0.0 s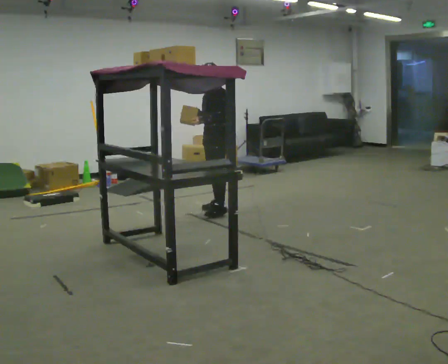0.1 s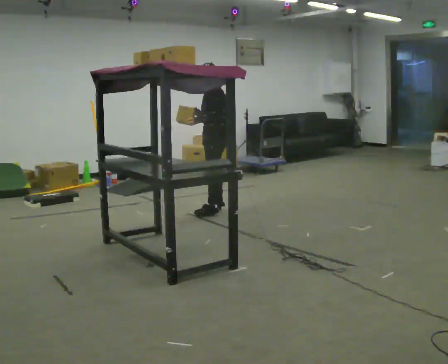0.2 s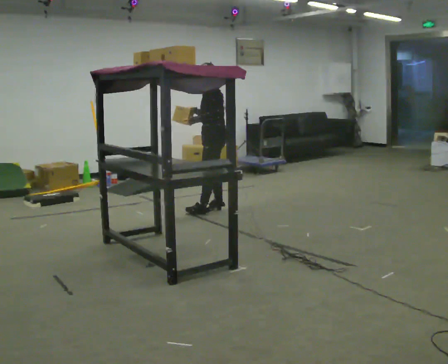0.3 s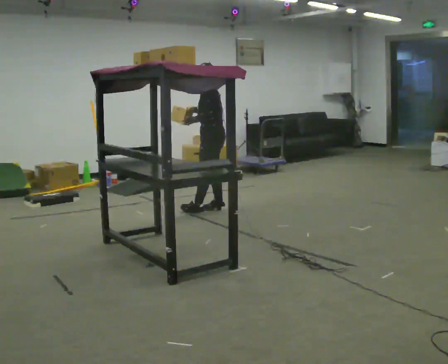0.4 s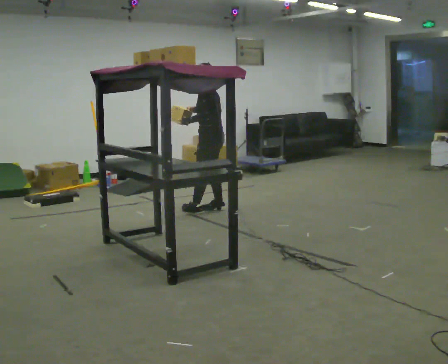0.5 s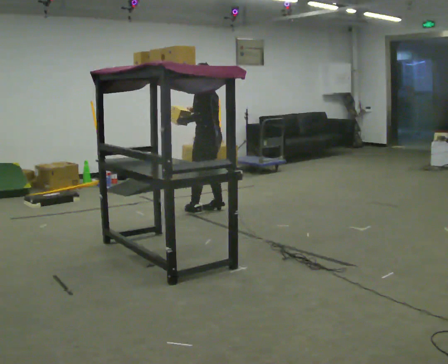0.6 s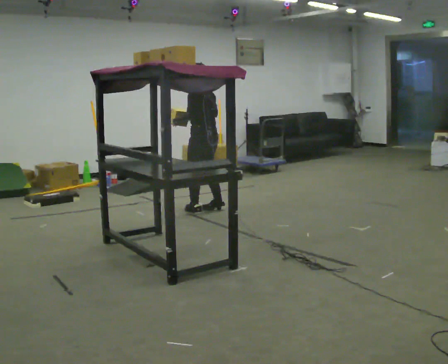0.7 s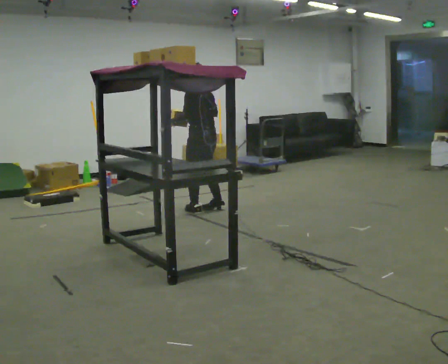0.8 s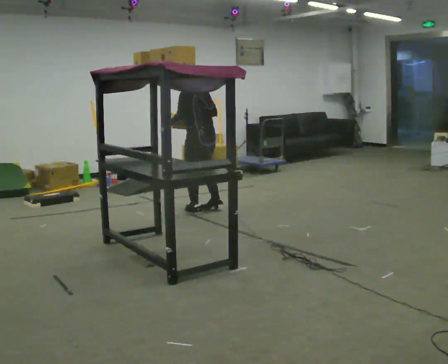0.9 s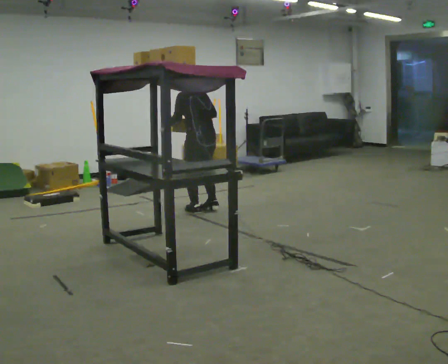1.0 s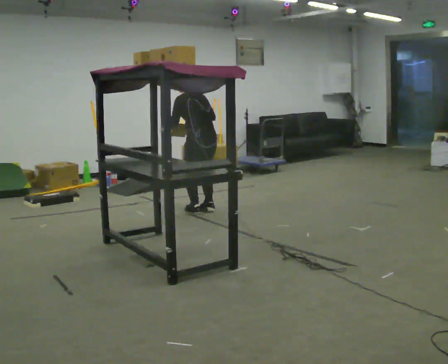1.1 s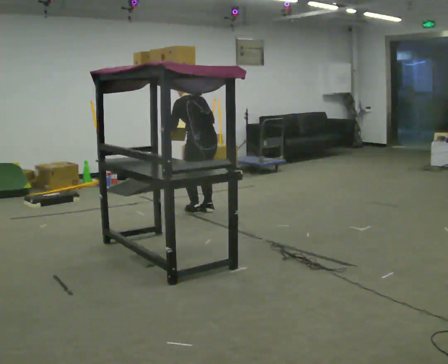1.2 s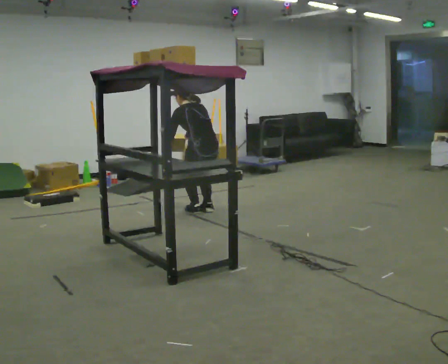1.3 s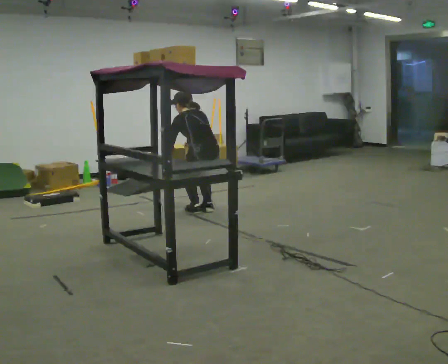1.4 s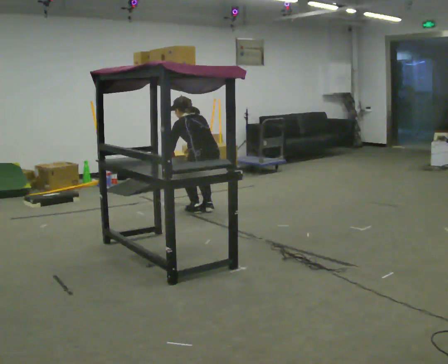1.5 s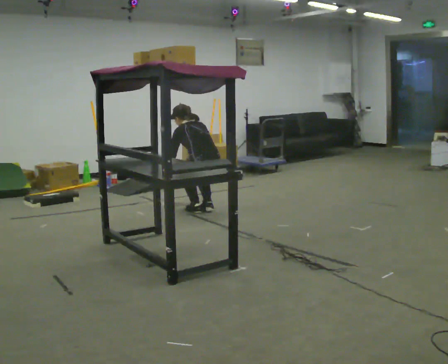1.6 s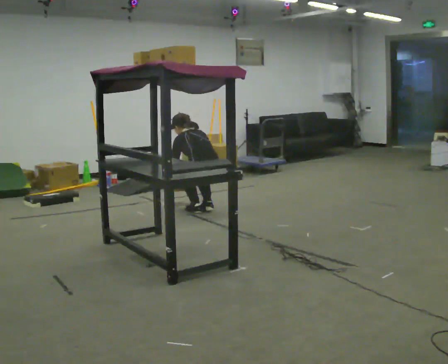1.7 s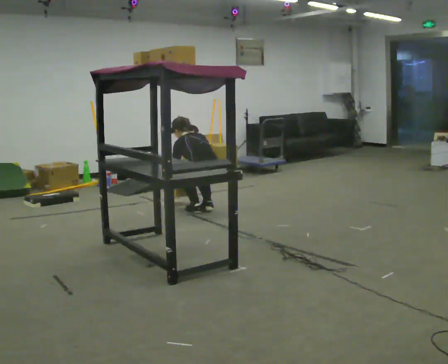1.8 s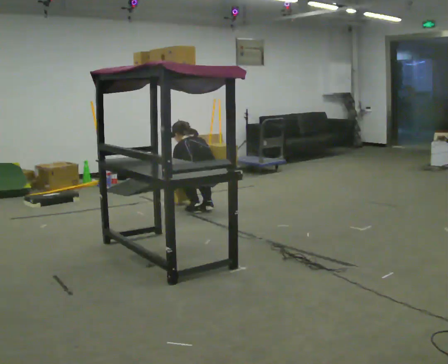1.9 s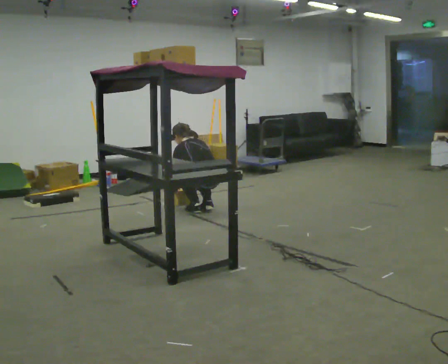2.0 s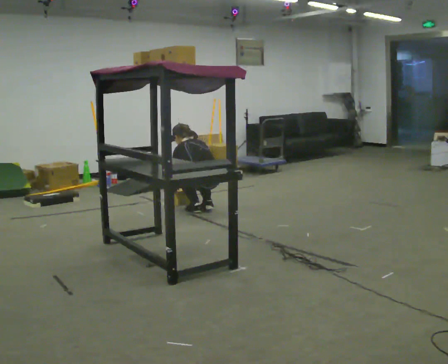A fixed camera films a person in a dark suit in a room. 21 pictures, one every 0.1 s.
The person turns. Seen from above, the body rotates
clockwise.
The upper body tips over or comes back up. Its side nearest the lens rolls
upward.
0.0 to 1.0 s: The part of the body nearest the lens slides to the left as the person turns to their right by about 75 degrees. In the picture they go to the left, about 0.25 m in 1 step.
1.0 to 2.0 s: The shoulders move downward. The upper body tips away from the camera, its near side rolling upward, as they bend forward. In the picture their right hand goes downward.
The film runs backward here.
